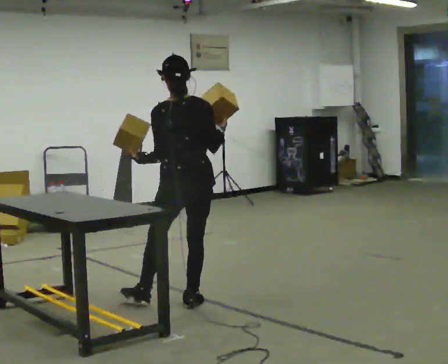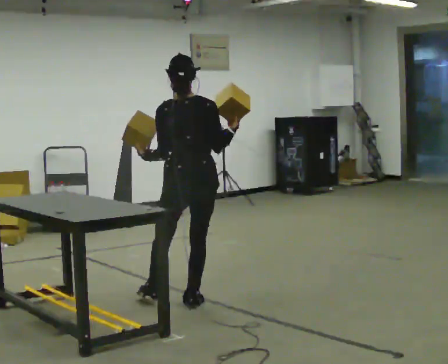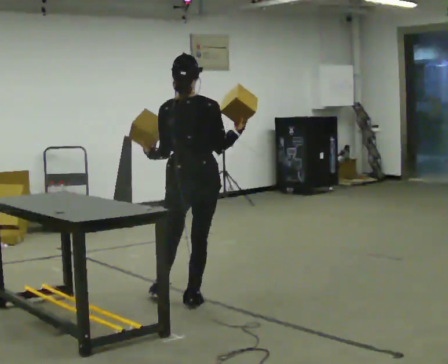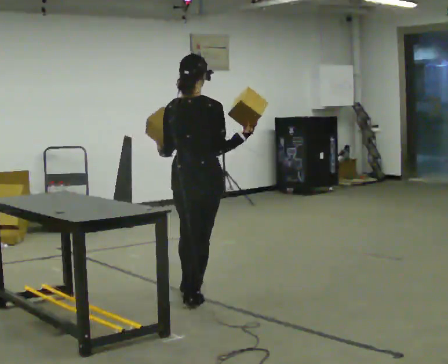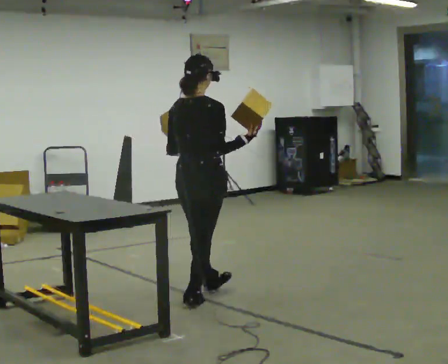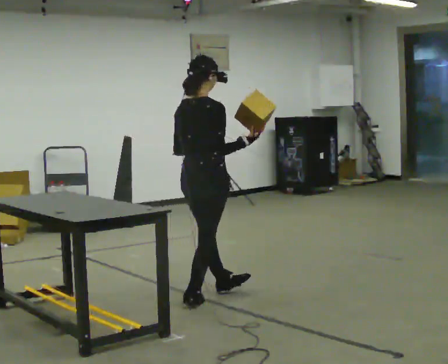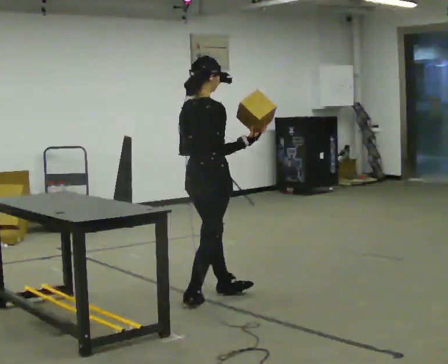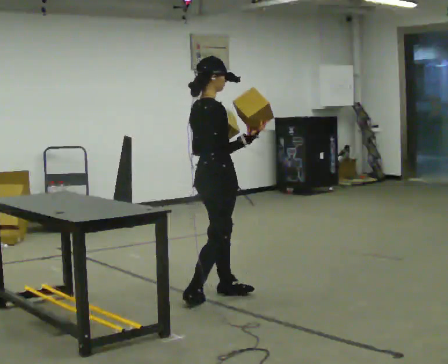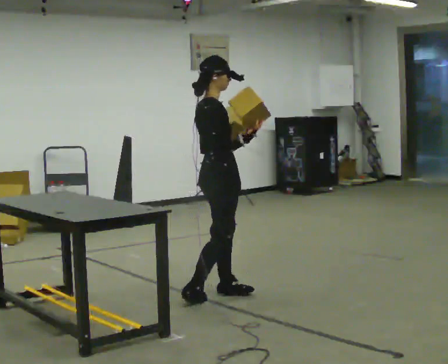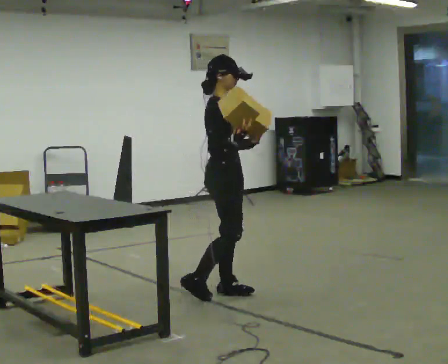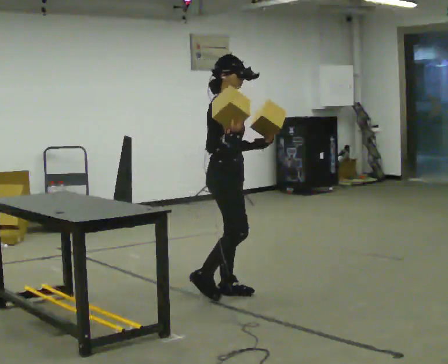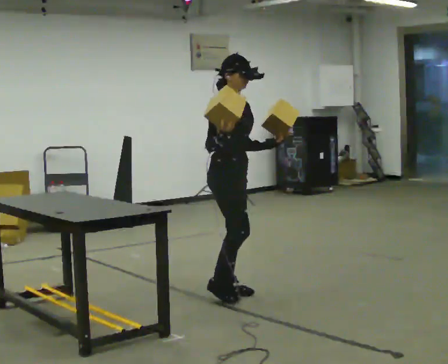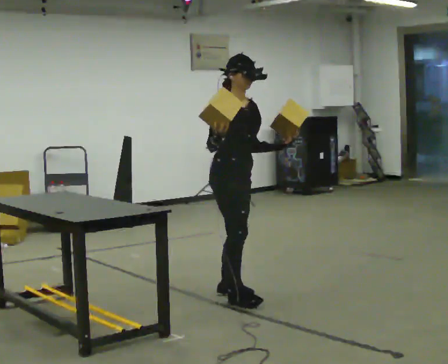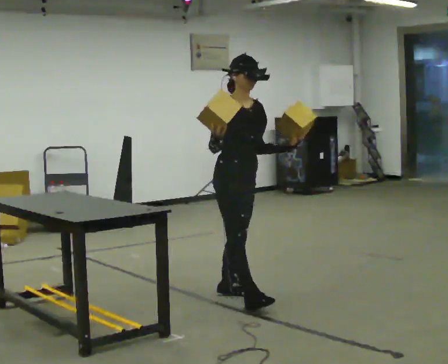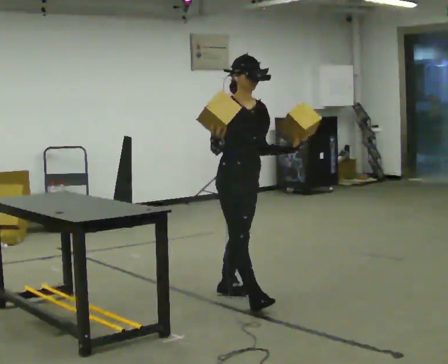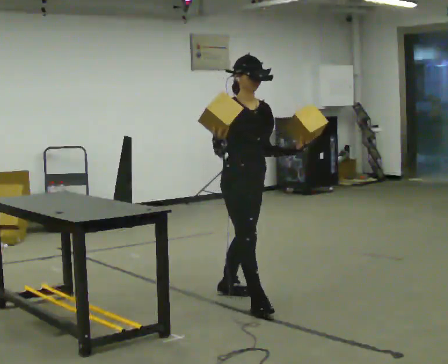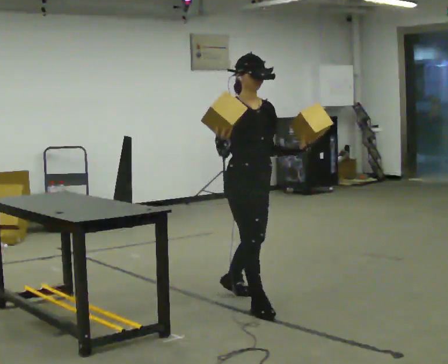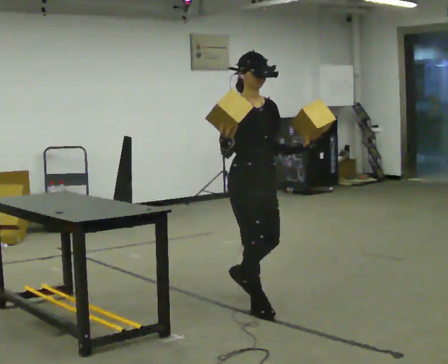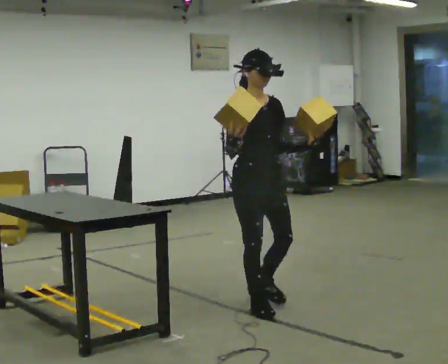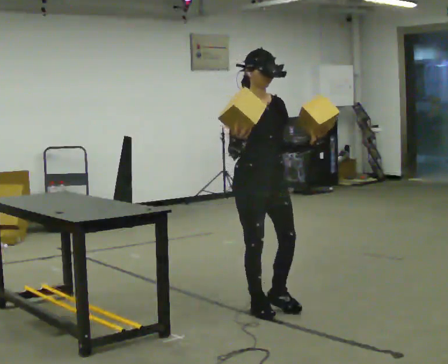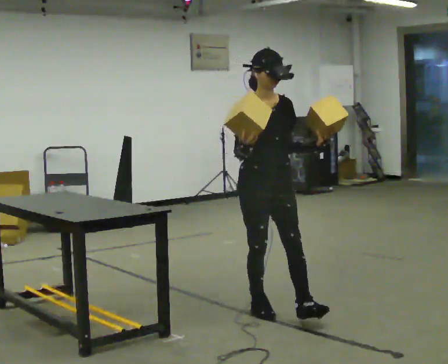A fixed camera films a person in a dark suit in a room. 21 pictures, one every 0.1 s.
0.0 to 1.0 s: The part of the body nearest the lens slides to the left as the person turns to their right by about 120 degrees. In the picture they go to the right and away from the camera, about 0.25 m in 1 step.
1.0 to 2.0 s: The person turns about 45 degrees to their right, clockwise seen from above, so the part of the body nearest the lens slides to the left. In the picture they go toward the camera and to the right, about 0.5 m in 1 step, which for them is forward.
The film runs forward here.
